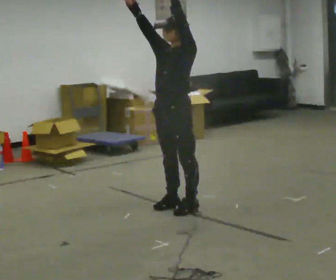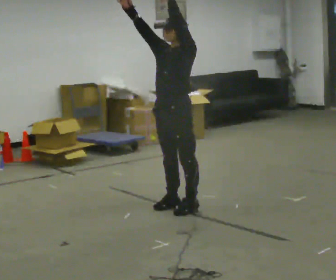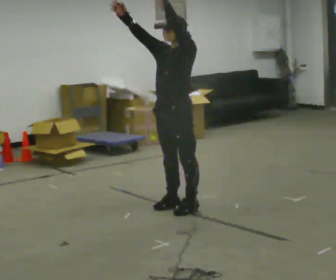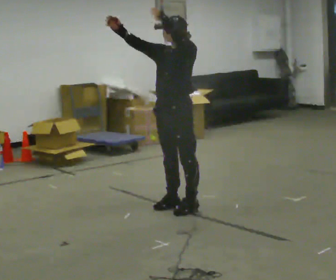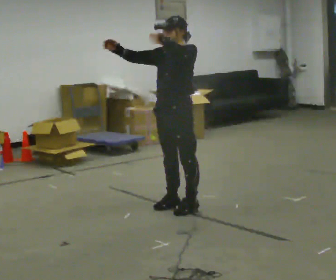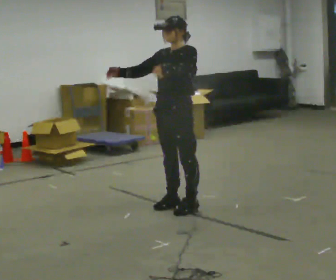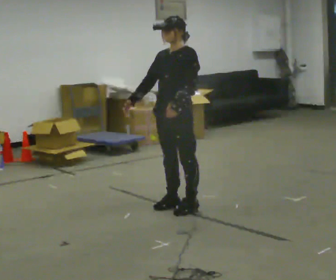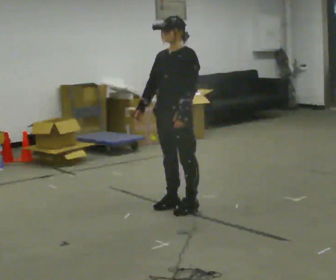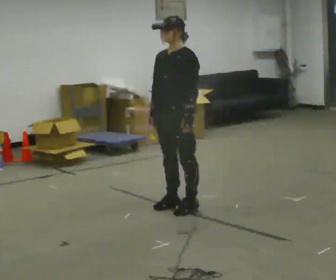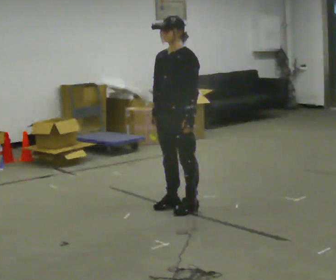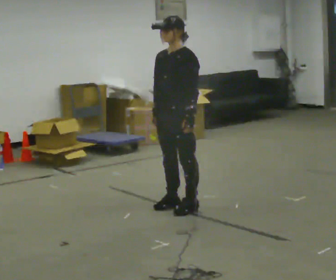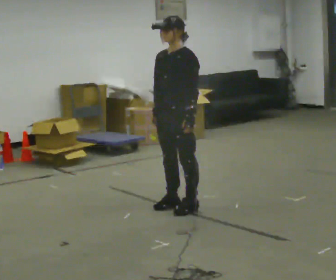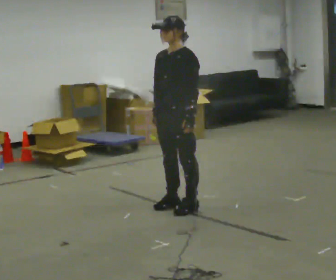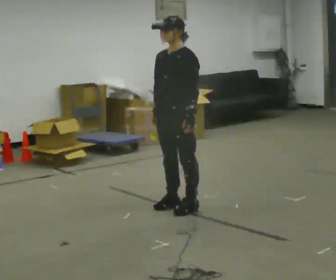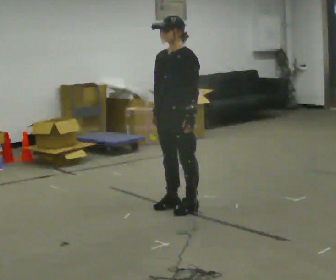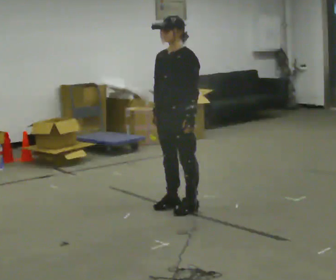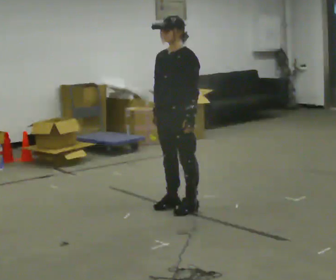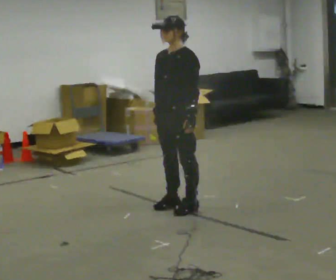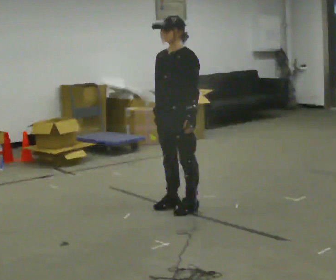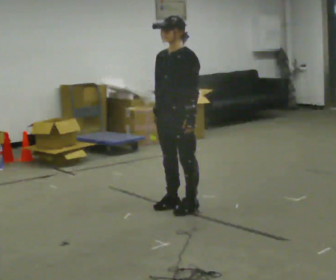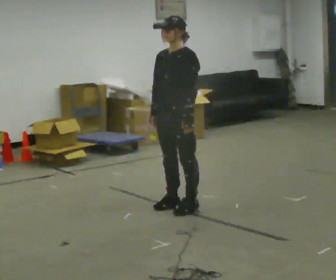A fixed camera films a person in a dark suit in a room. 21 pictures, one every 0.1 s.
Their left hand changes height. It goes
downward.
Their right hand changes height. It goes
downward.
0.0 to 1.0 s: In the picture their right hand goes downward, the arm swinging counterclockwise.
1.0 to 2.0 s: The person moves a little, or ends about where they began.
The film runs backward here.
